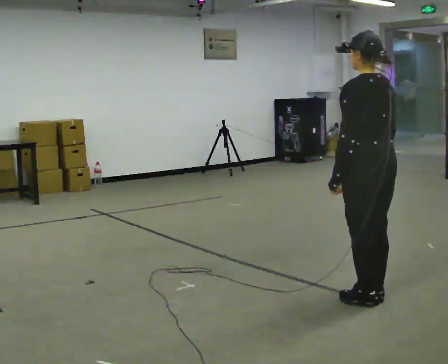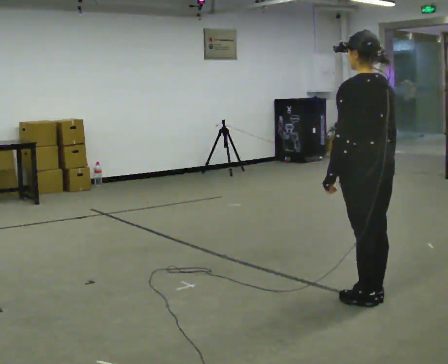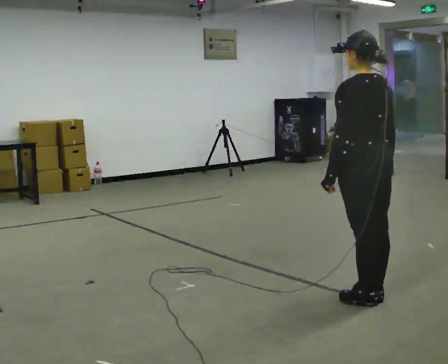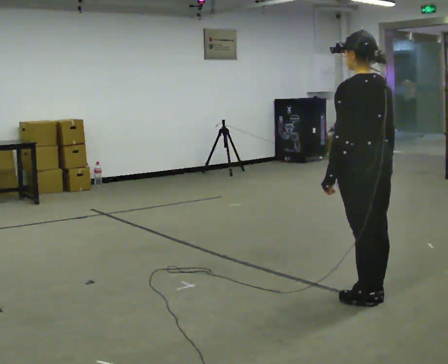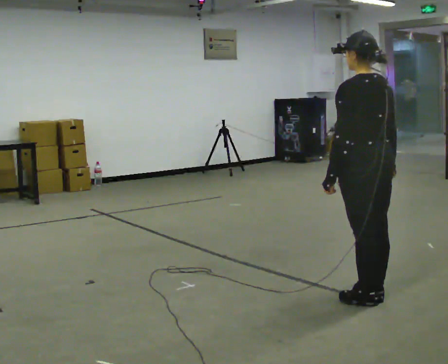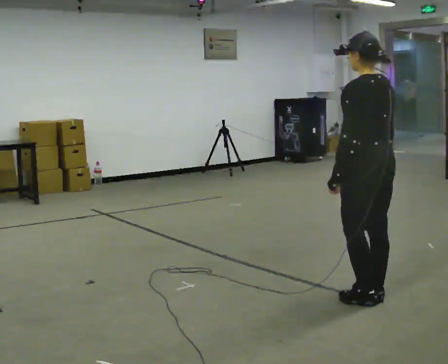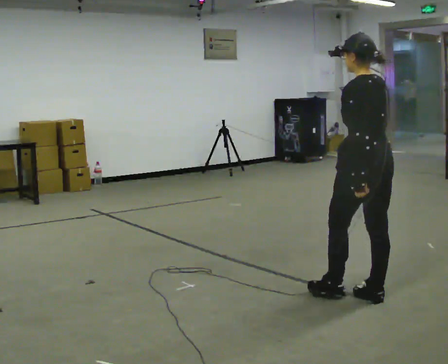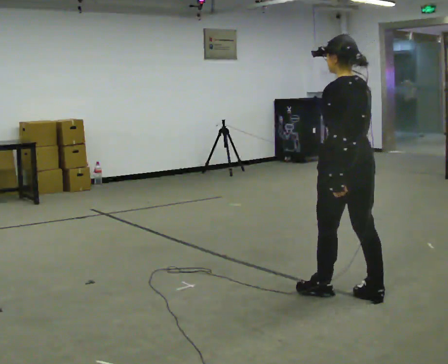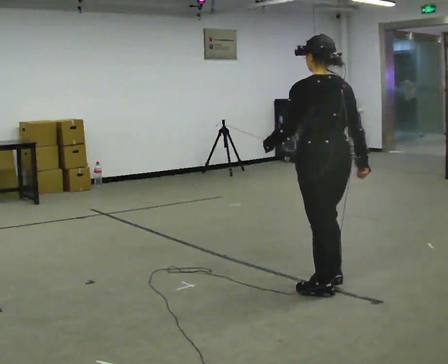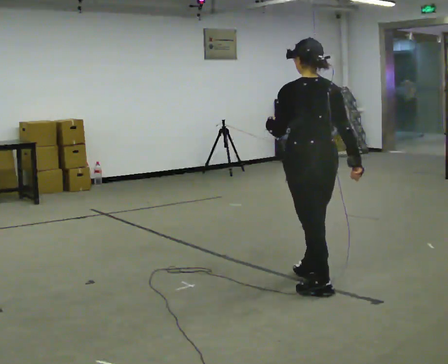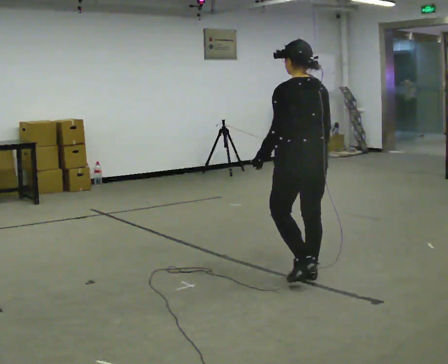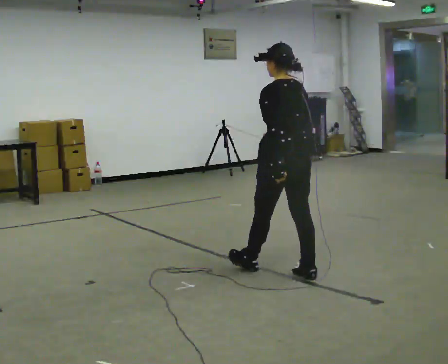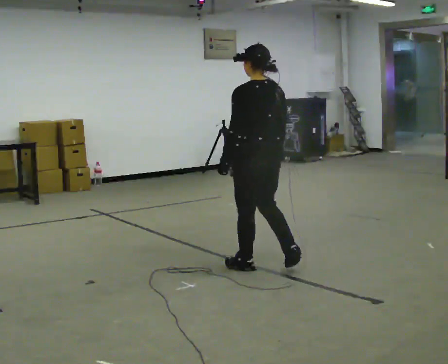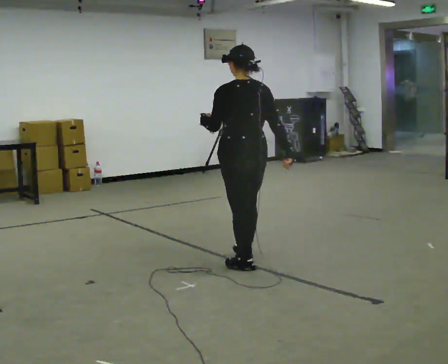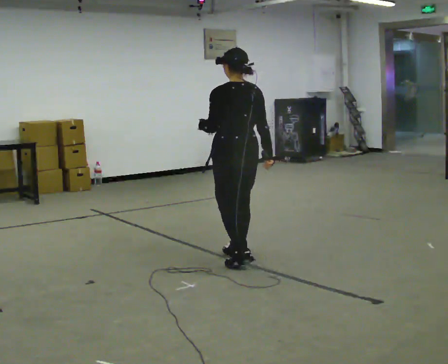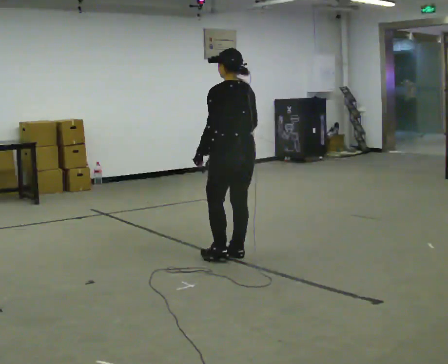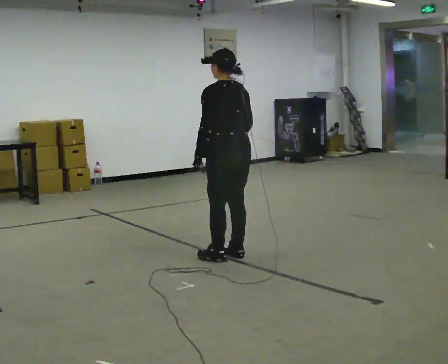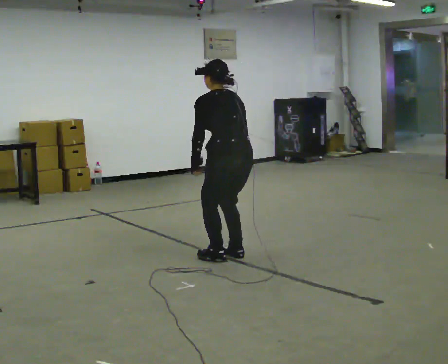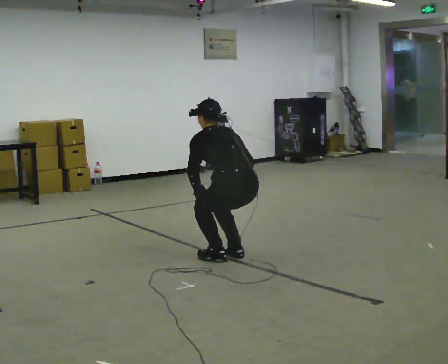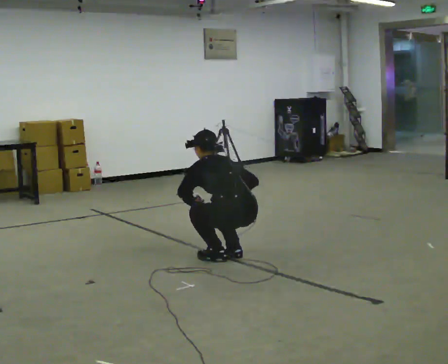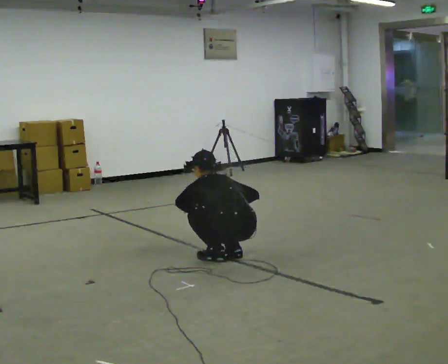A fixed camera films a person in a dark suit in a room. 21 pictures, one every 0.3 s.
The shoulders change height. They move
downward.
0.0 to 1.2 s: The person moves a little, or ends about where they began.
1.2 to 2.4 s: In the picture they go to the left and away from the camera, about 0.25 m in 1 step, which for them is forward.
2.4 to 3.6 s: In the picture they go away from the camera and to the left, about 0.75 m in 2 steps, which for them is forward.
3.6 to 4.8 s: In the picture they go away from the camera and to the left, about 0.5 m in 2 steps, which for them is forward.
4.8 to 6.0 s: The upper body goes downward. The upper body tips away from the camera, its near side rolling upward, as they bend forward. In the picture their left hand goes downward.
The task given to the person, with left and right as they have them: Walk; crouch comfortably at marker; remain briefly; stand and continue.
The film runs forward here.
